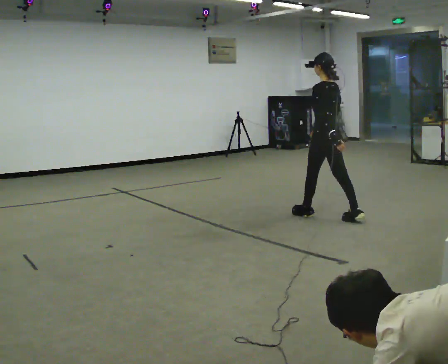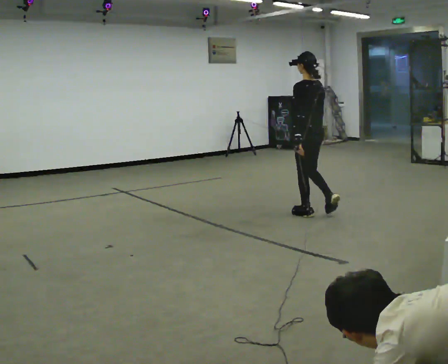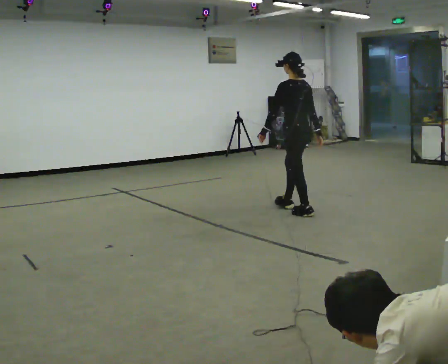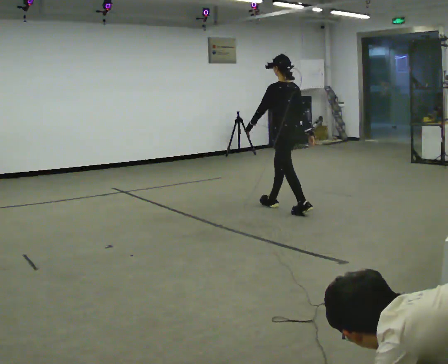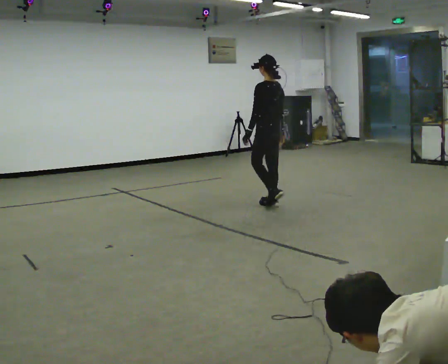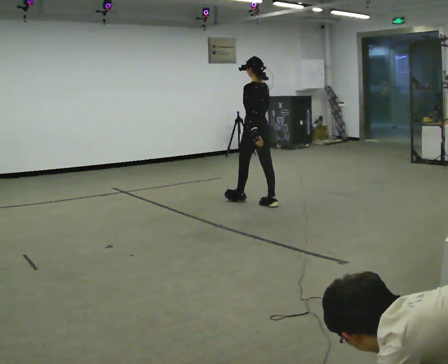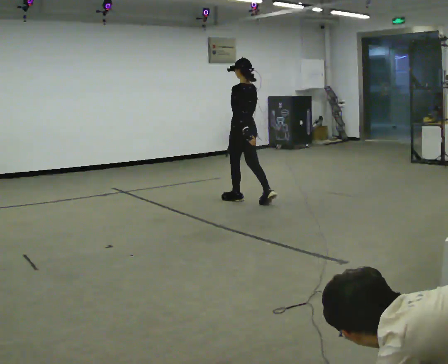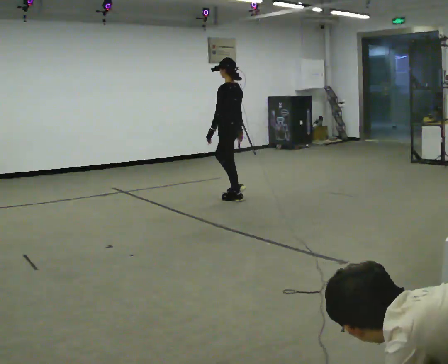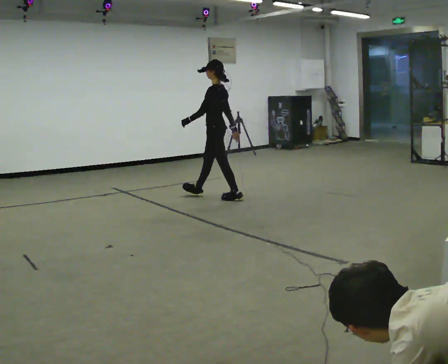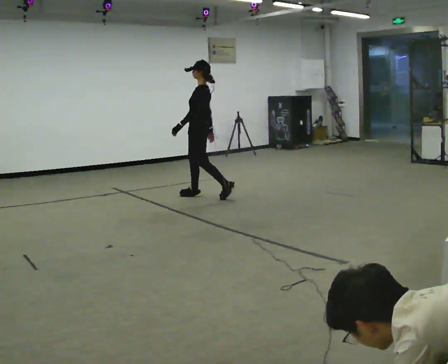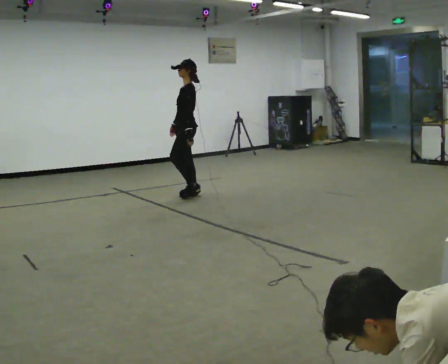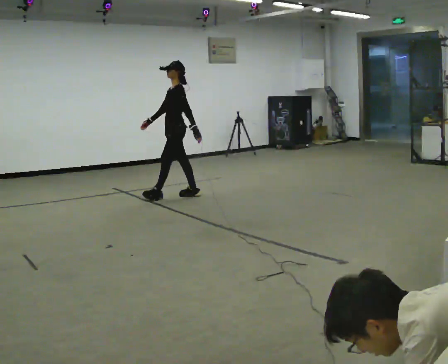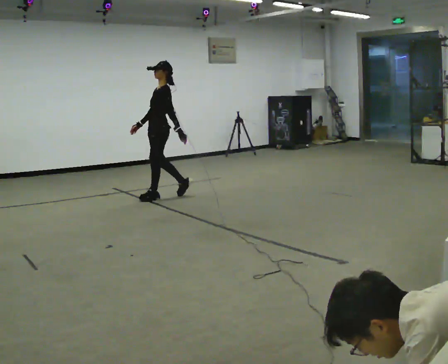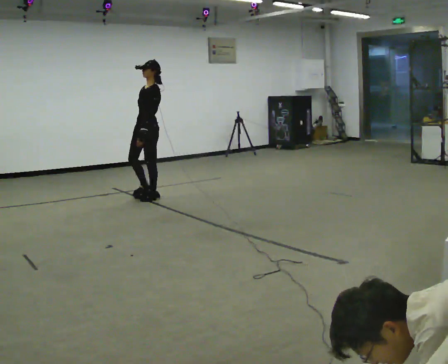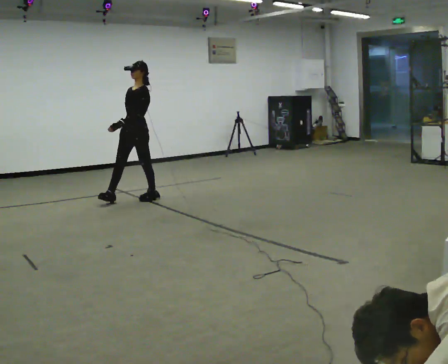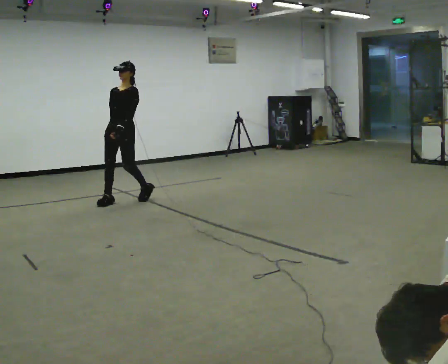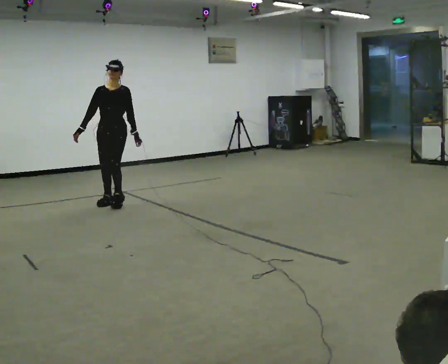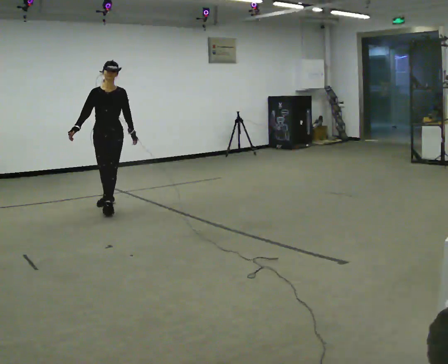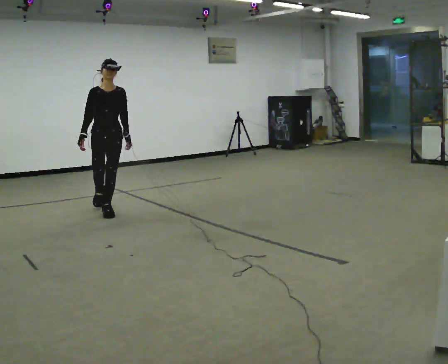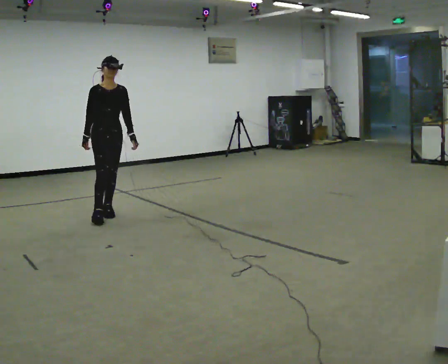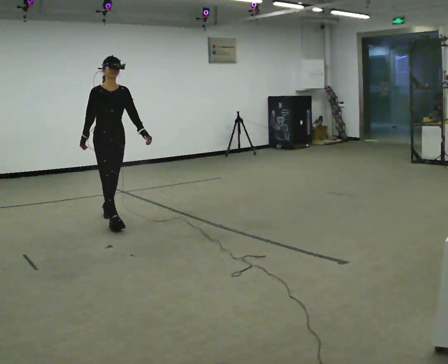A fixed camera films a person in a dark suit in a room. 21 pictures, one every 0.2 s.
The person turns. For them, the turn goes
to their left.
The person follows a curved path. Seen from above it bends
counterclockwise.
0.0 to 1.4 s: In the picture they go away from the camera and to the left, about 1.5 m in 2 steps, which for them is forward.
1.4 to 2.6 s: Seen from above the body turns counterclockwise, about 60 degrees: to their left, with its near side sliding to the right. In the picture they go to the left, about 1 m in 2 steps.
2.6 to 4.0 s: Seen from above the body turns counterclockwise, about 90 degrees: to their left, with its near side sliding to the right. In the picture they go toward the camera, about 1 m in 2 steps.
The film runs forward here.
